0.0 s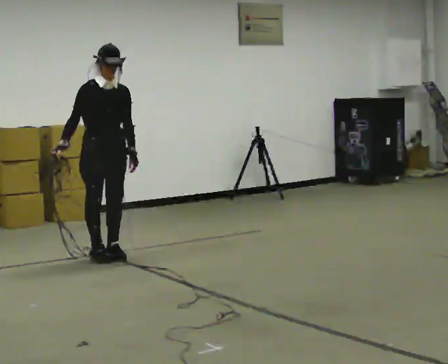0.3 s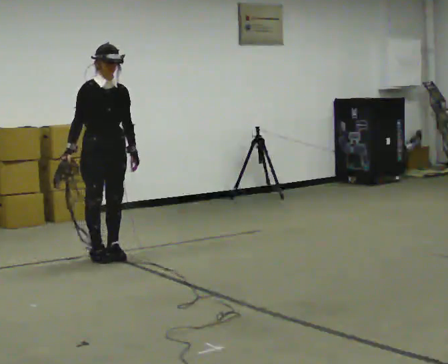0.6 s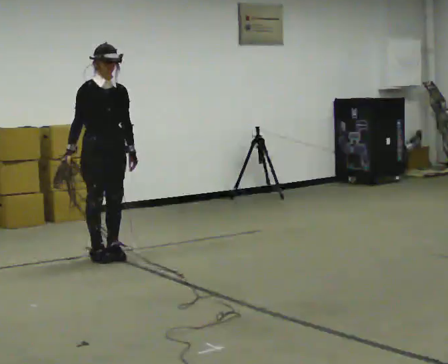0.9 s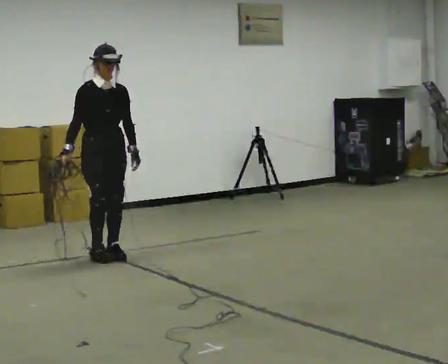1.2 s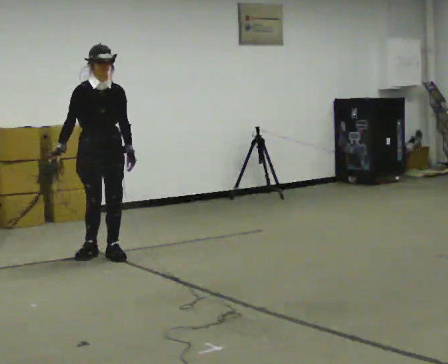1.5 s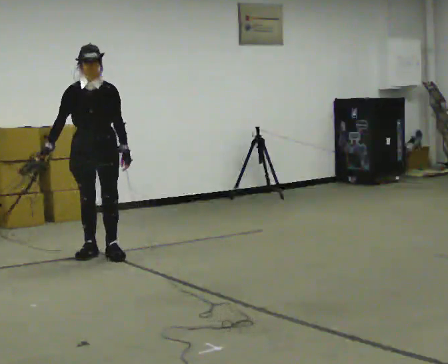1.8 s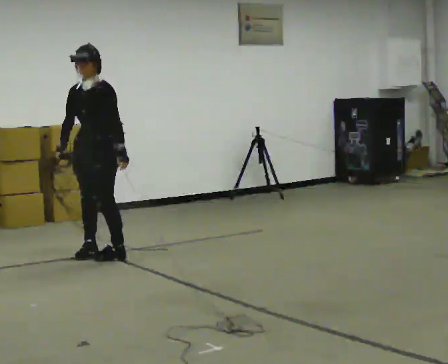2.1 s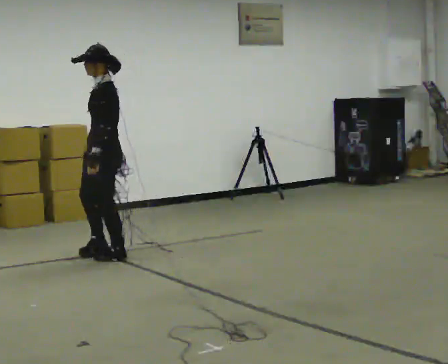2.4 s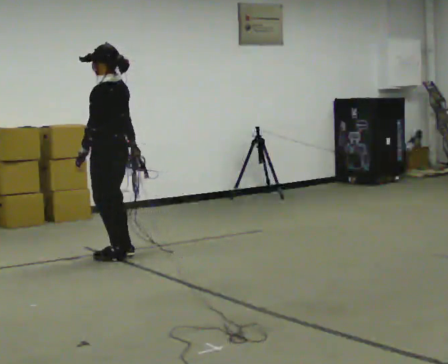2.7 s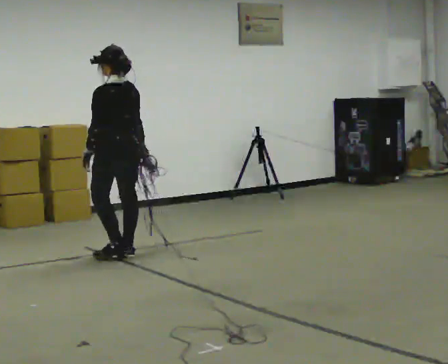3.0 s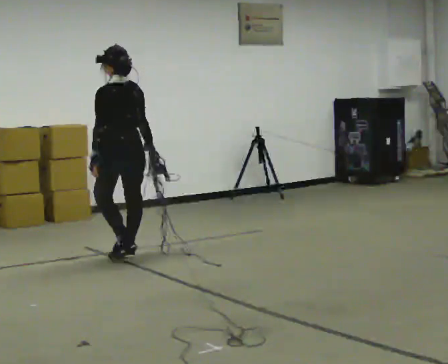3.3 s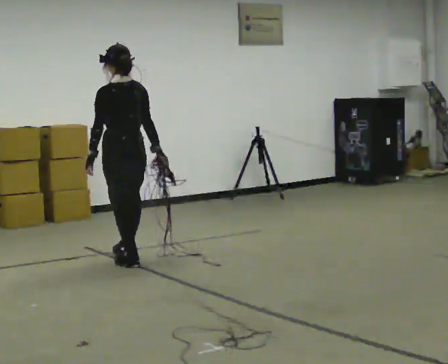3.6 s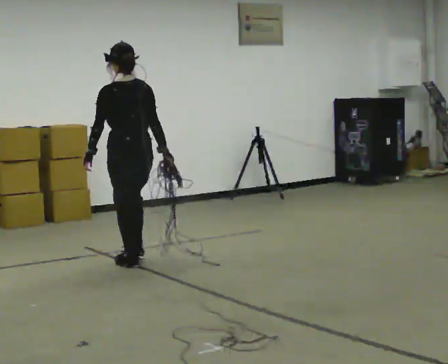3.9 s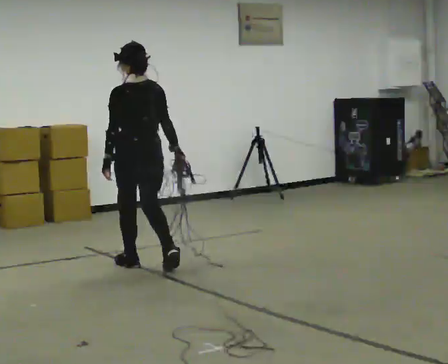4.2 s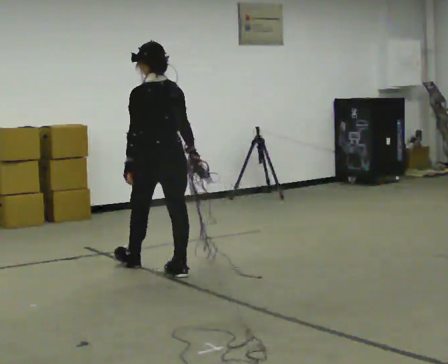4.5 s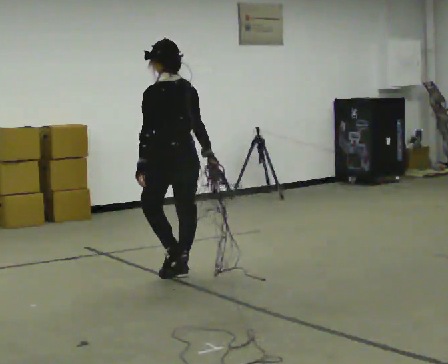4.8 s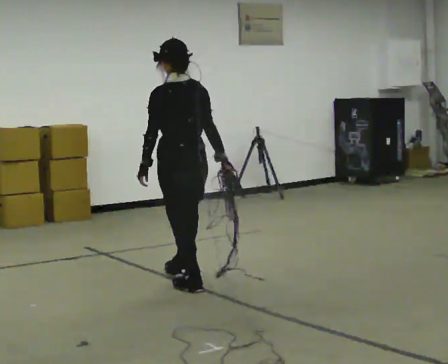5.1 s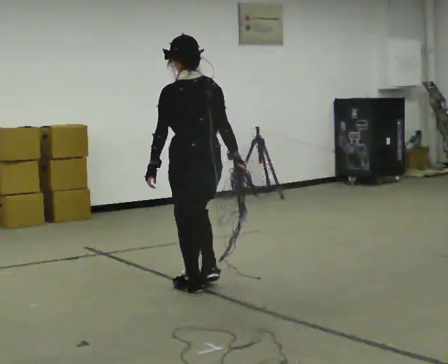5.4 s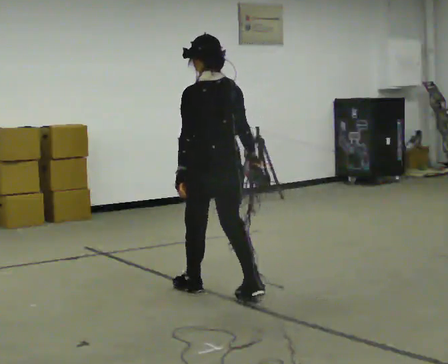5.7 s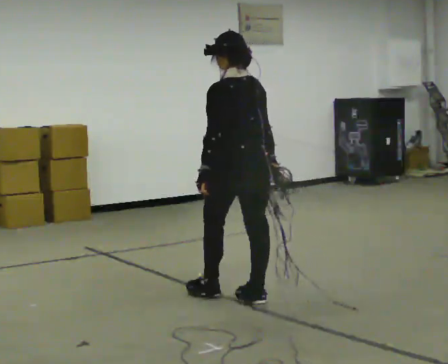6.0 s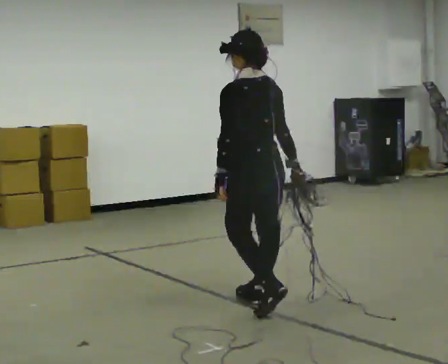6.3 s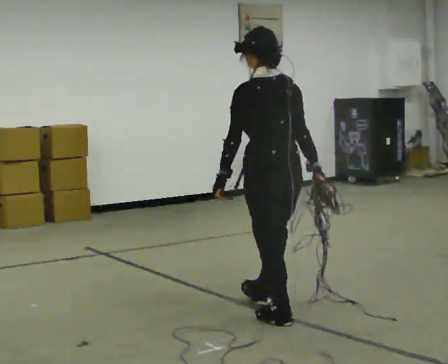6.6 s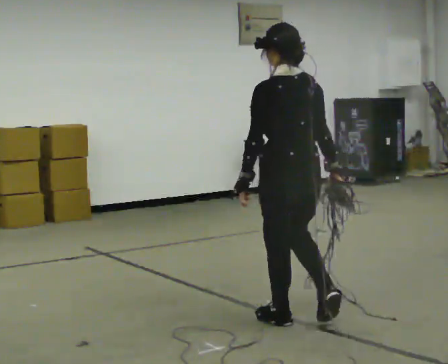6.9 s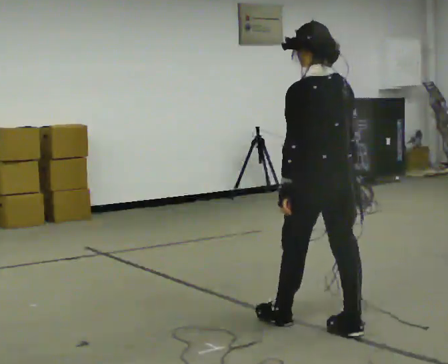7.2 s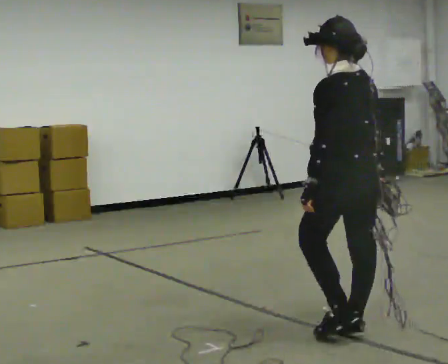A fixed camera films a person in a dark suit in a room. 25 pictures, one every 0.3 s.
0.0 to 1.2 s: The person moves a little, or ends about where they began.
1.2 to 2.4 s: The part of the body nearest the lens slides to the left as the person turns to their right by about 135 degrees. In the picture their right hand goes to the right, the arm swinging counterclockwise.
2.4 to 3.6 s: The part of the body nearest the lens slides to the left as the person turns to their right by about 30 degrees. In the picture they go toward the camera, about 0.25 m in 2 steps, which for them is backward.
3.6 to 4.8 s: In the picture they go toward the camera and to the right, about 0.75 m in 1 step, which for them is backward.
4.8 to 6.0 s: In the picture they go toward the camera and to the right, about 0.5 m in 2 steps, which for them is backward.
6.0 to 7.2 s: In the picture they go toward the camera and to the right, about 1 m in 2 steps, which for them is backward.
The film runs backward here.
